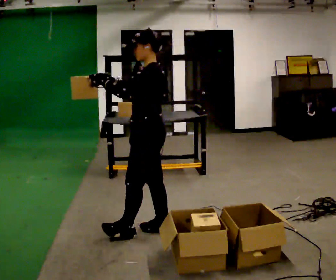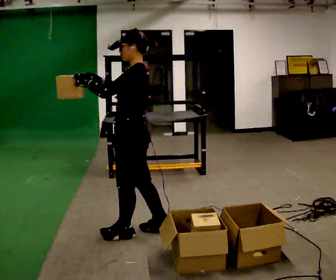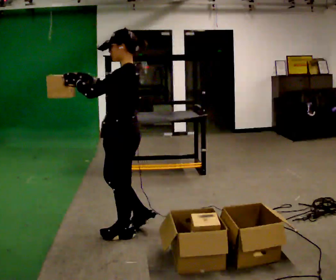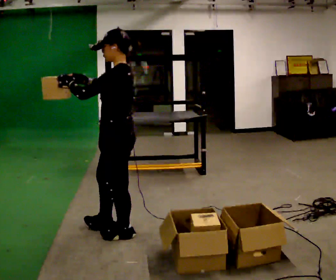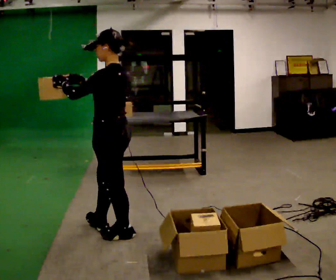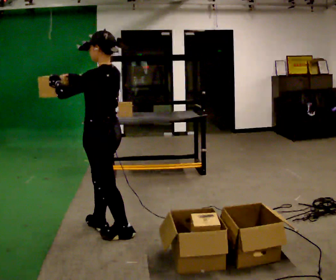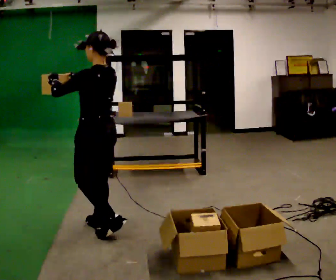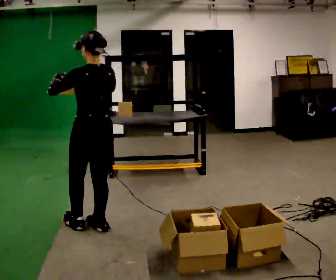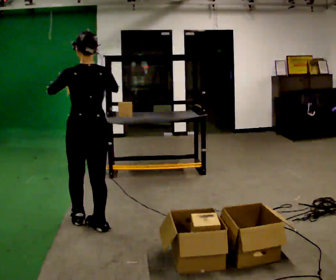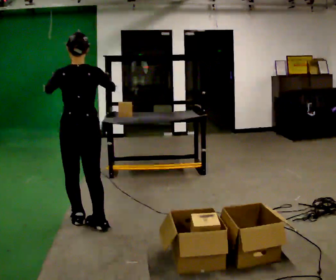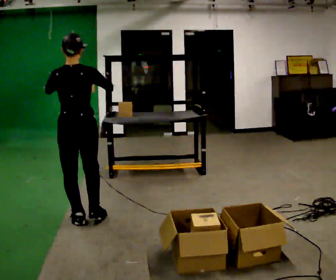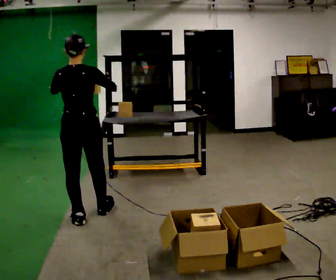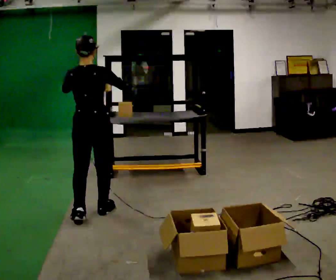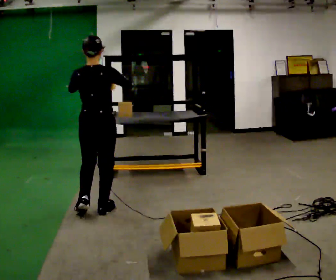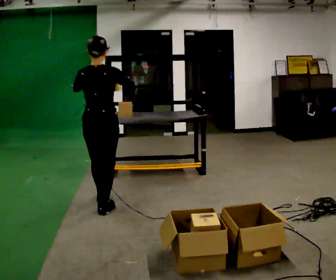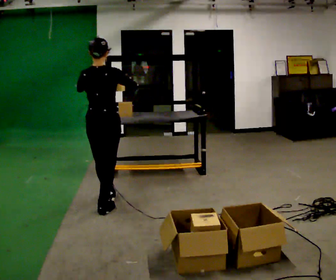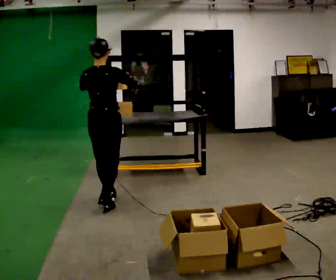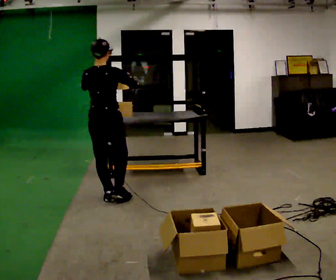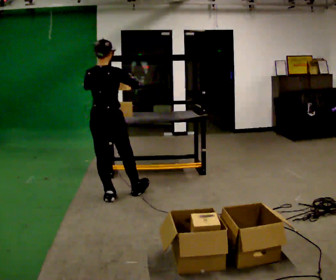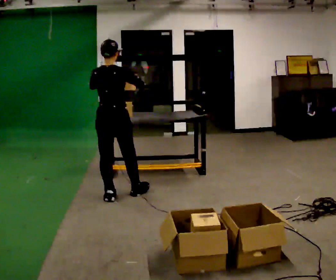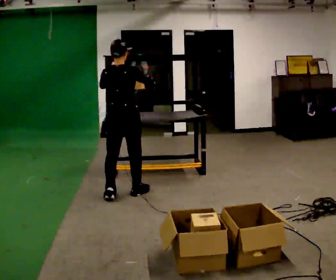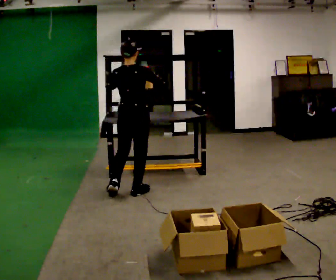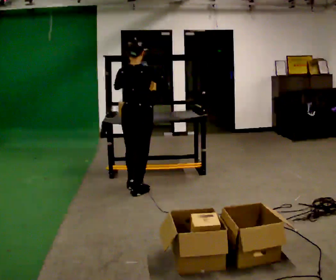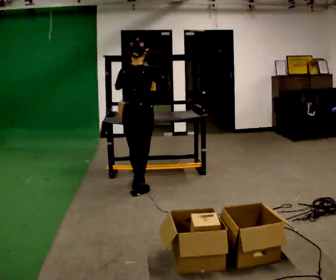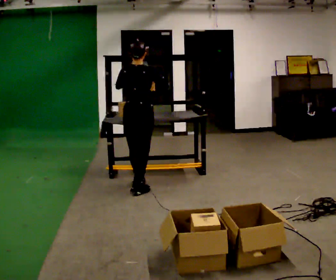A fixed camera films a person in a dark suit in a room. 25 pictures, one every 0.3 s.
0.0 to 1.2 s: In the picture they go to the left, about 0.25 m in 1 step, which for them is forward.
1.2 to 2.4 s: The person turns about 60 degrees to their right, clockwise seen from above, so the part of the body nearest the lens slides to the left. In the picture they go away from the camera and to the left, about 0.25 m in 1 step, which for them is forward.
2.4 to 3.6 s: The person turns about 30 degrees to their right, clockwise seen from above, so the part of the body nearest the lens slides to the left. In the picture they go away from the camera, about 0.25 m in 1 step, which for them is forward.
3.6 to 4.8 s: In the picture they go away from the camera, about 0.25 m in 1 step, which for them is forward.
4.8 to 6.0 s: In the picture they go away from the camera and to the right, about 0.25 m in 1 step, which for them is forward.
6.0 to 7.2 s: In the picture they go away from the camera and to the right, about 0.25 m in 1 step, which for them is forward.
The film runs forward here.
